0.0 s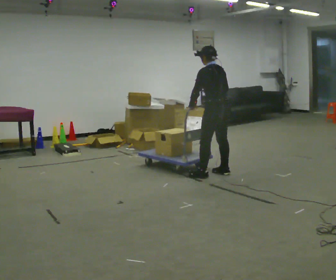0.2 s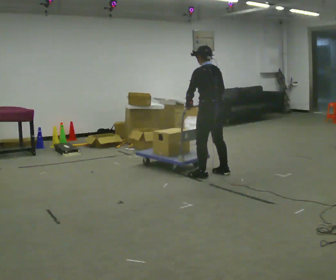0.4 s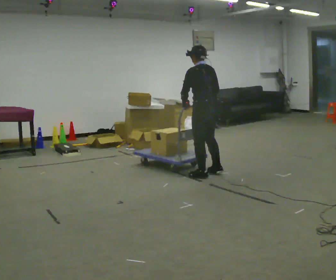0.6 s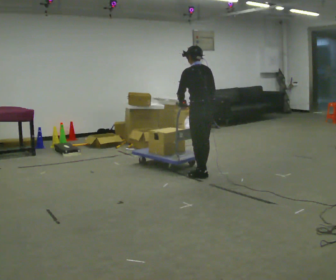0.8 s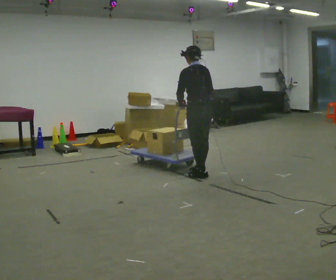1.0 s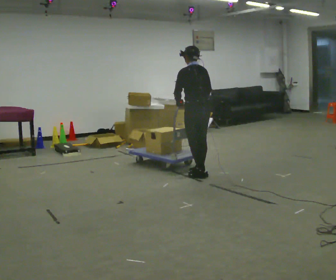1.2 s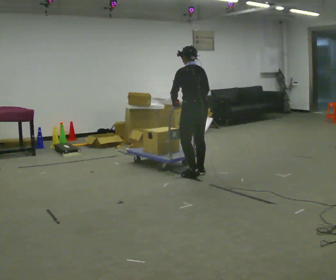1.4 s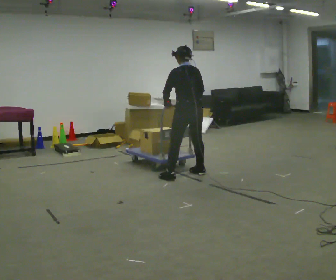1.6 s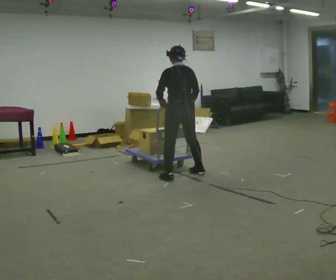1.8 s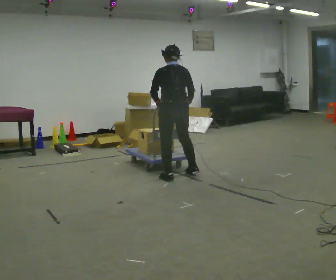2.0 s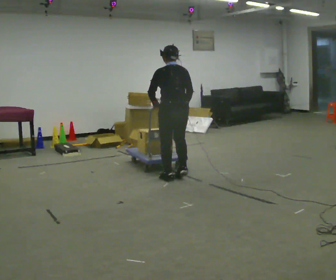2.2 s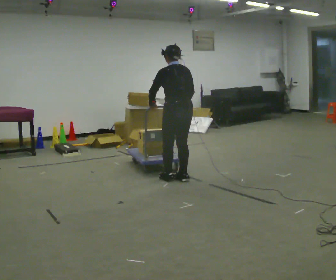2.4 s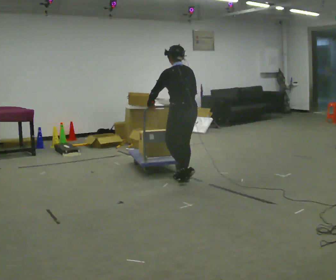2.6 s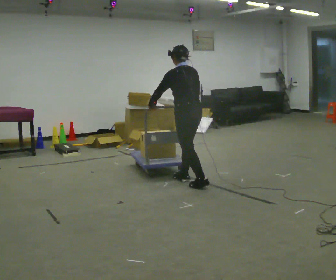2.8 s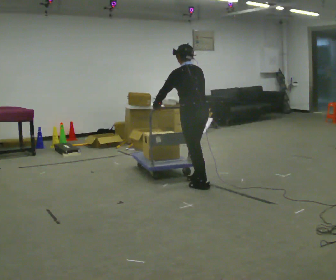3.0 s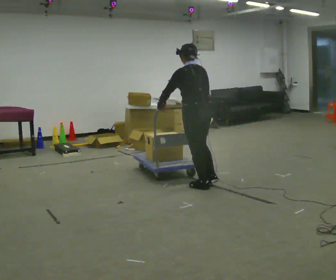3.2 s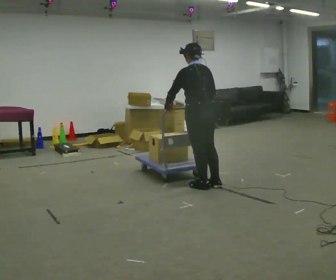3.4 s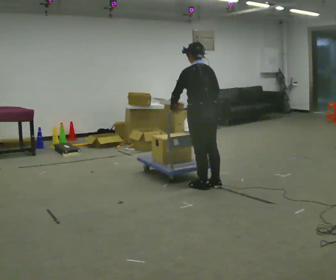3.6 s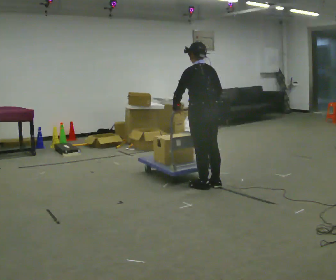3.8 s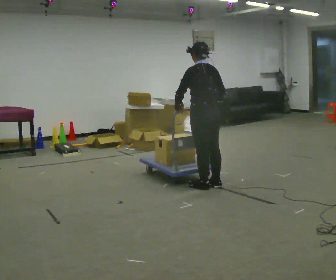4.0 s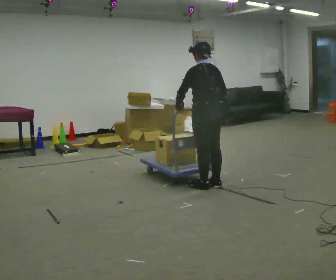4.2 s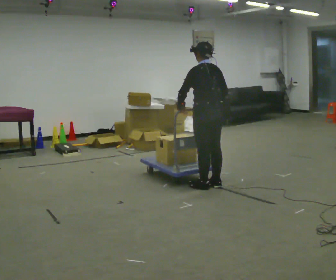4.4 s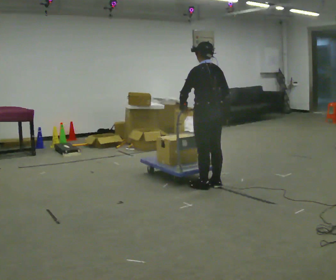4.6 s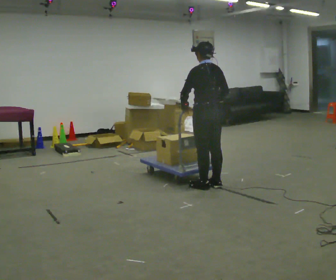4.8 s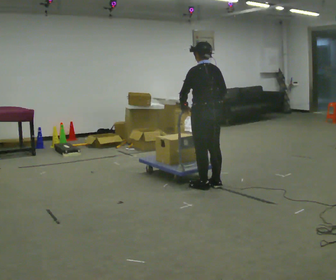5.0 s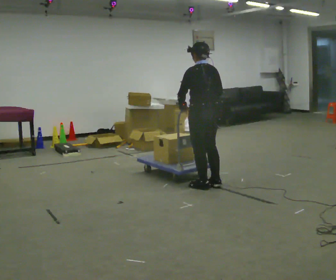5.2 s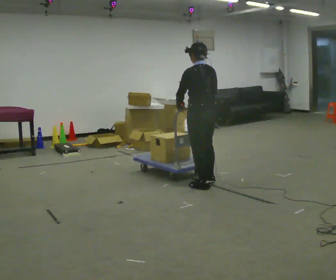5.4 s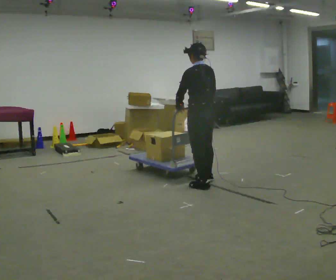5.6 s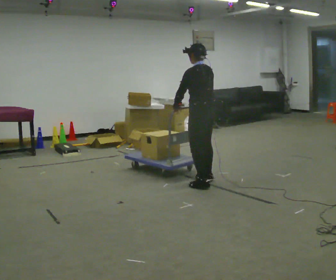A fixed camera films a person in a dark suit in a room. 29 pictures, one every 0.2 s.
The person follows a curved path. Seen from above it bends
counterclockwise.
0.0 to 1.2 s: In the picture they go to the left, about 0.25 m in 2 steps, which for them is to their left and forward.
1.2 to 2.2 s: In the picture they go toward the camera and to the left, about 0.25 m in 1 step, which for them is to their left.
2.2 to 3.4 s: In the picture they go to the right and toward the camera, about 0.5 m in 2 steps, which for them is backward.
3.4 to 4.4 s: The person moves a little, or ends about where they began.
4.4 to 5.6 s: In the picture they go away from the camera, about 0.25 m in 1 step, which for them is forward.
The film runs backward here.
